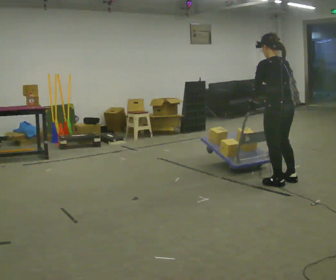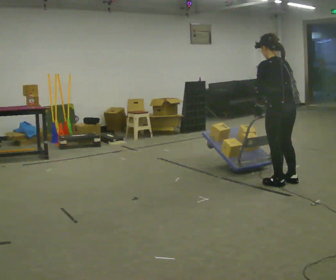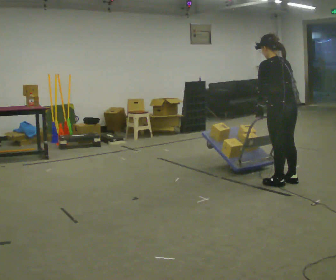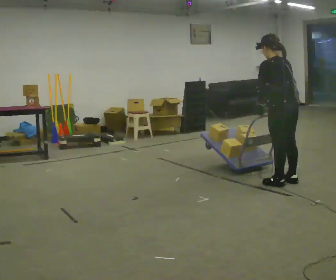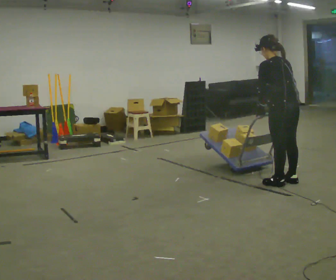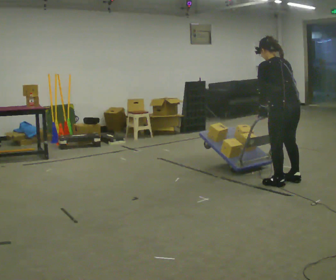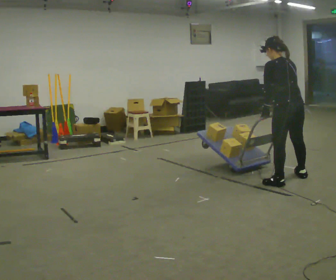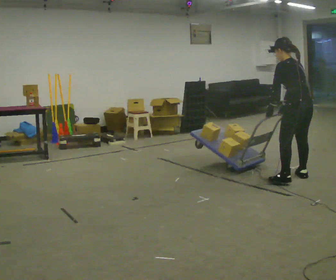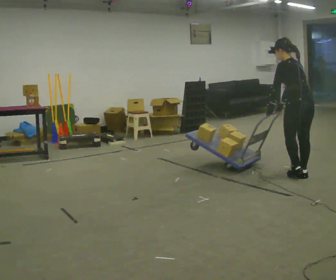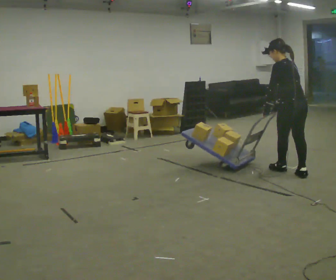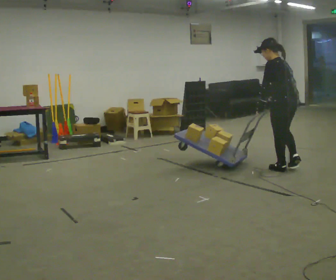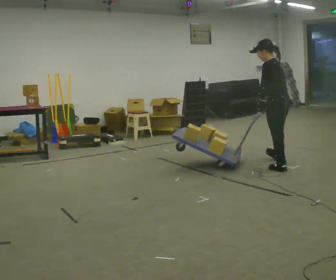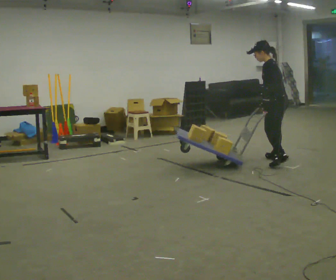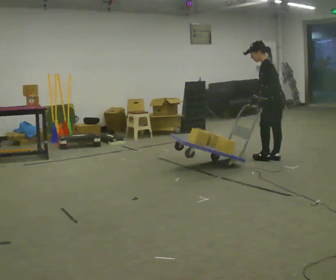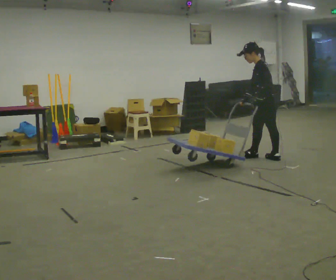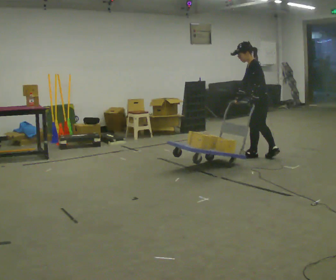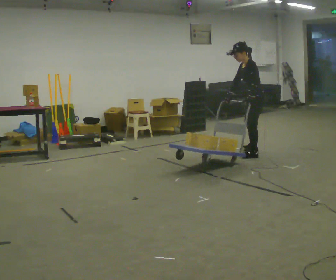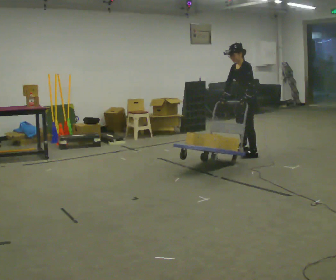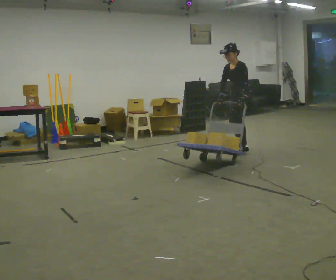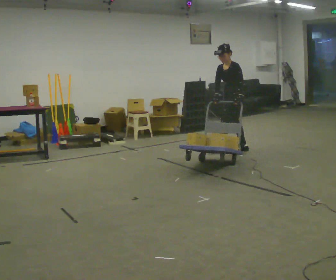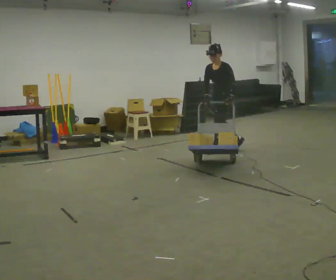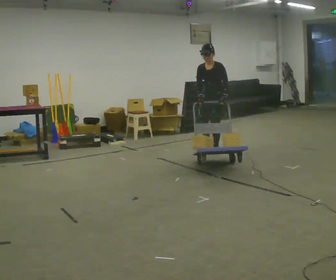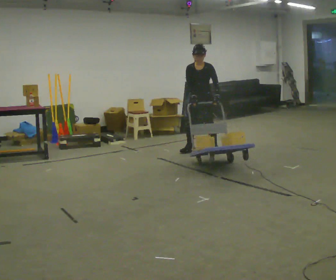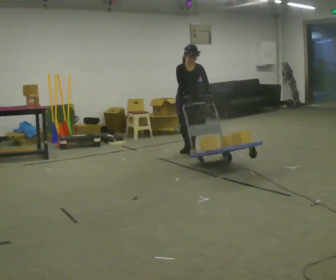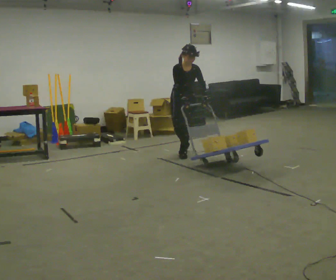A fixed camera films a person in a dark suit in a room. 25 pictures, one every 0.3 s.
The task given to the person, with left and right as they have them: Turn the cart round to face the other way without moving it out of the marked square, then turn it back. Repeat until the operator says stop.
0.0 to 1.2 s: The person moves a little, or ends about where they began.
1.2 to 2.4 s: In the picture they go away from the camera and to the right, about 0.25 m in 1 step, which for them is to their right and forward.
2.4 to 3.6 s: Seen from above the body turns counterclockwise, about 30 degrees: to their left, with its near side sliding to the right. In the picture they go away from the camera, about 0.75 m in 2 steps, which for them is forward and to their right.
3.6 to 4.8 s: Seen from above the body turns counterclockwise, about 30 degrees: to their left, with its near side sliding to the right. In the picture they go away from the camera and to the left, about 0.5 m in 1 step, which for them is forward and to their right.
4.8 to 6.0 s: The part of the body nearest the lens slides to the right as the person turns to their left by about 30 degrees. In the picture they go to the left and away from the camera, about 0.5 m in 2 steps, which for them is to their right and forward.
6.0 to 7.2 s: The part of the body nearest the lens slides to the right as the person turns to their left by about 60 degrees. In the picture they go to the left and toward the camera, about 0.5 m in 2 steps. In the picture the upper body tilts clockwise, shoulders to the right.
The film runs forward here.
